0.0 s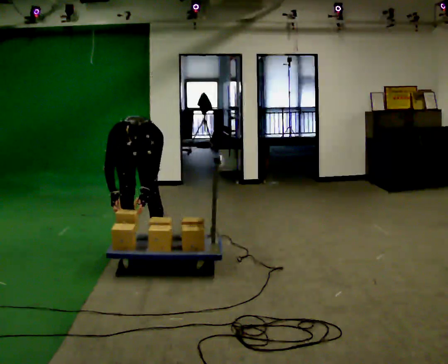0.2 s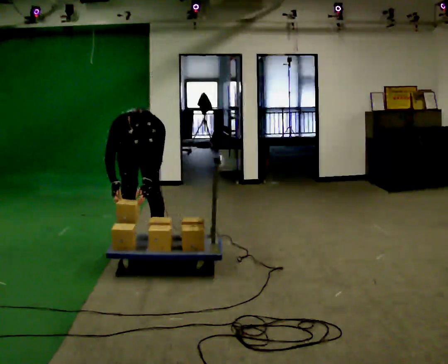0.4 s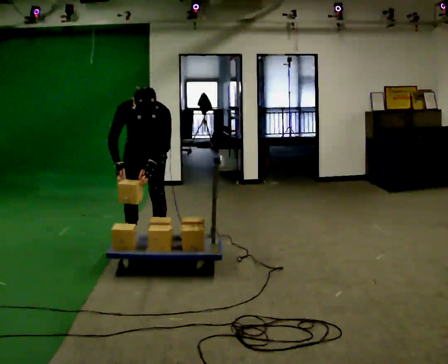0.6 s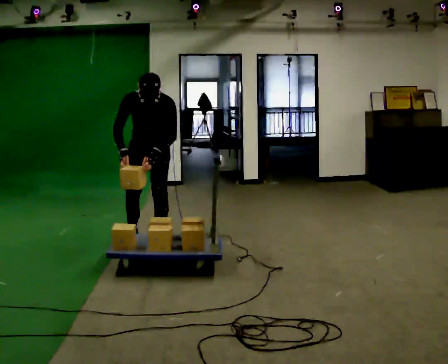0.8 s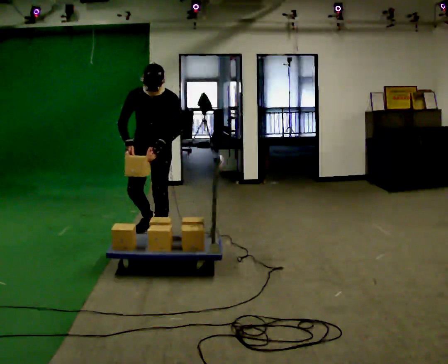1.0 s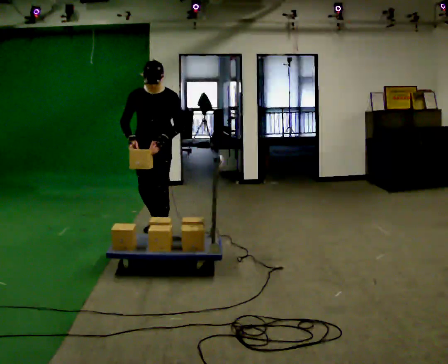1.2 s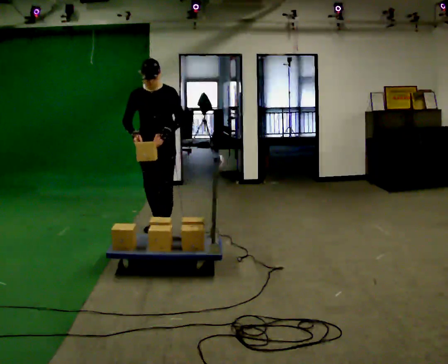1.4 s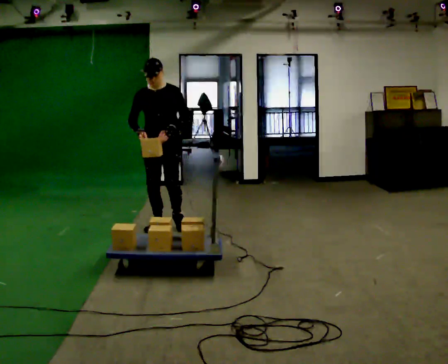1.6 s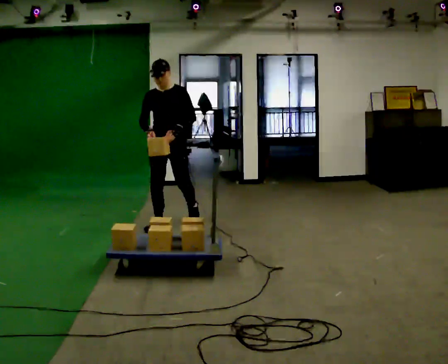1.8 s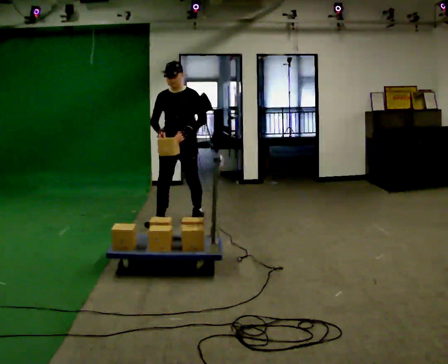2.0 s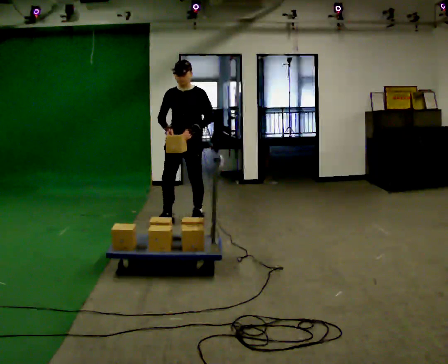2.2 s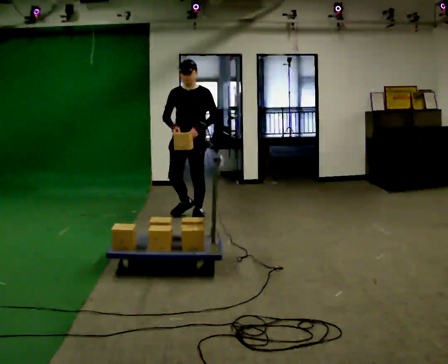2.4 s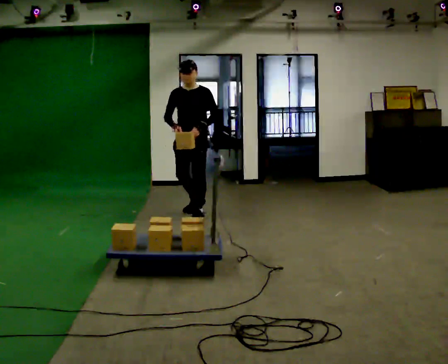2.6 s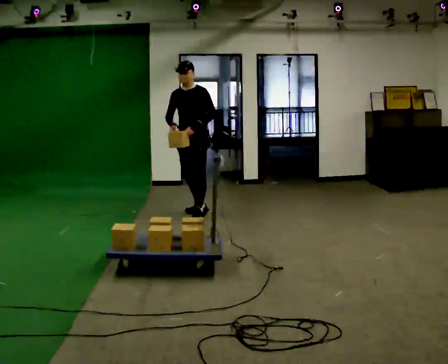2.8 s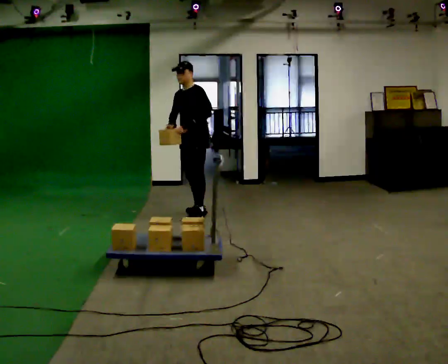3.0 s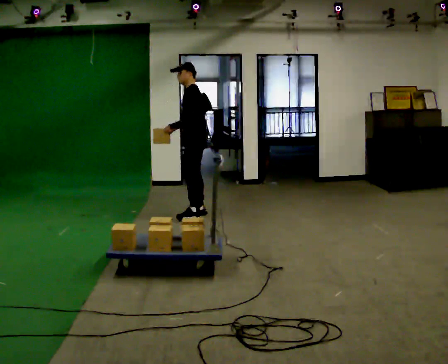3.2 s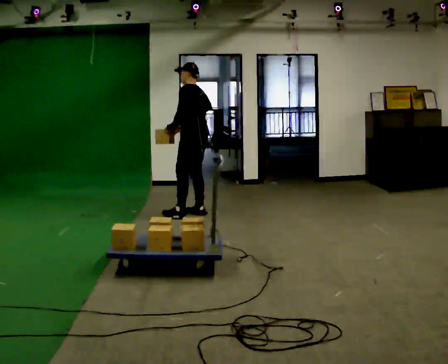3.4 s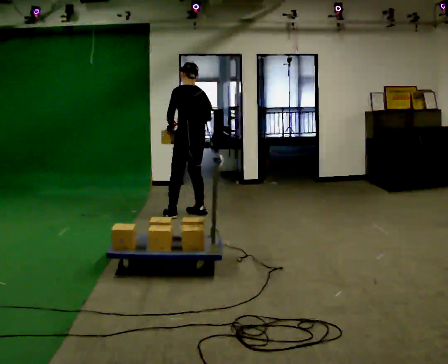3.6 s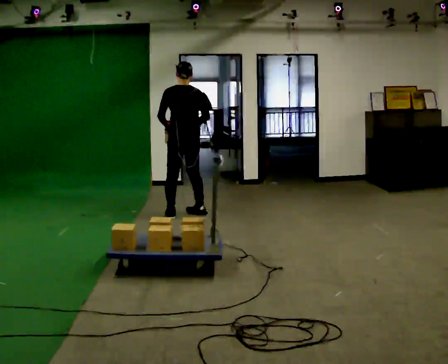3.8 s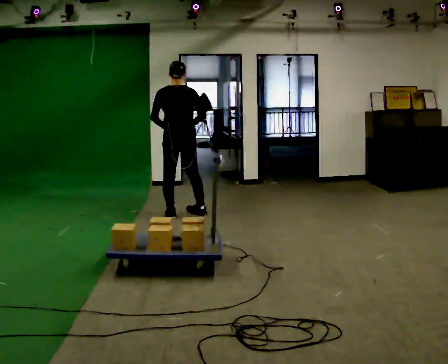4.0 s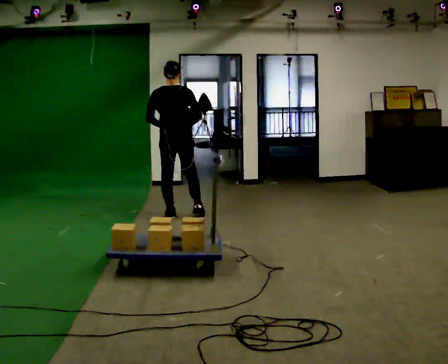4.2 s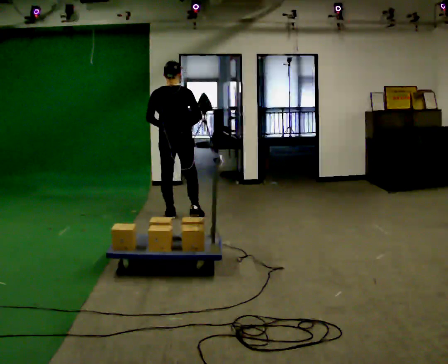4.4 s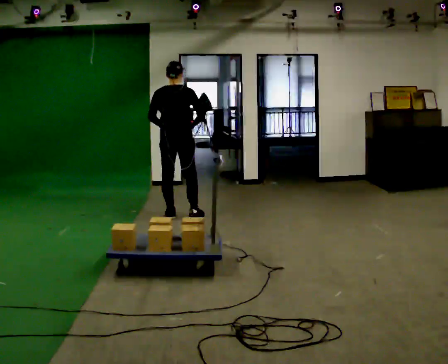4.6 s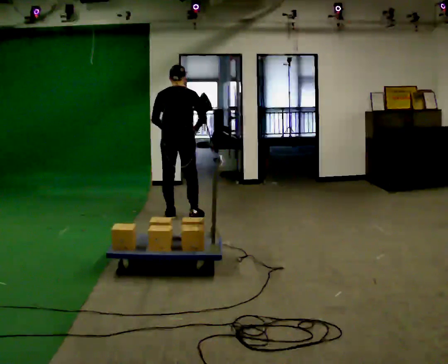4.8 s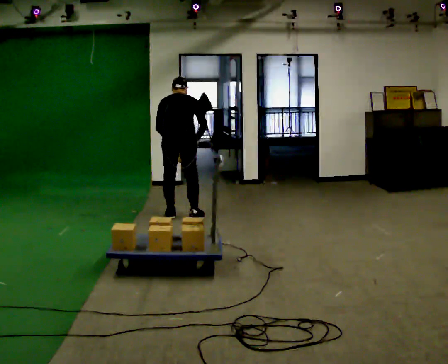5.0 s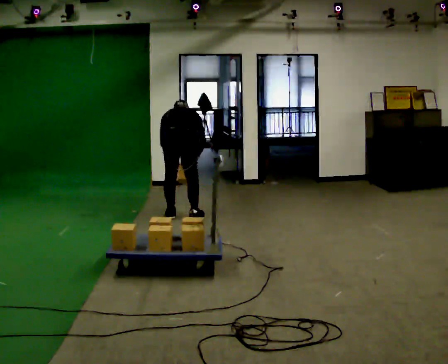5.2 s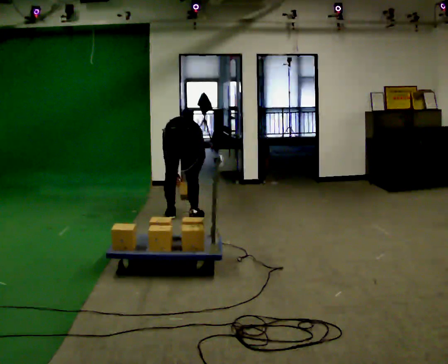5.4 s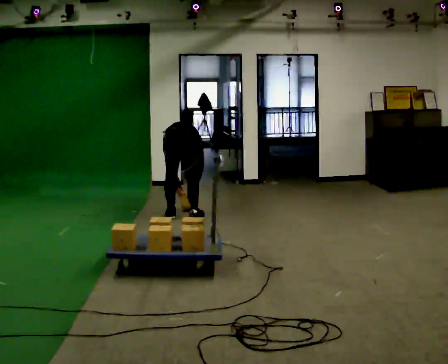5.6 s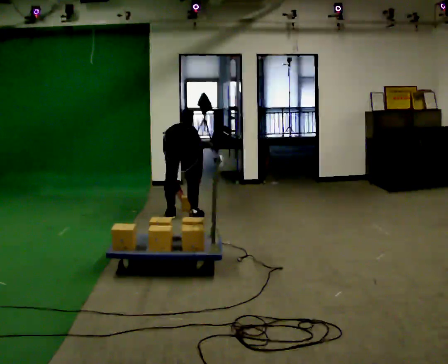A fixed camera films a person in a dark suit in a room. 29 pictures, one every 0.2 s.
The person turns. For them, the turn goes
to their right.
The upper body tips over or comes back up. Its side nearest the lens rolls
upward.
0.0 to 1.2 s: In the picture they go away from the camera and to the right, about 0.25 m in 2 steps, which for them is backward. The shoulders move upward. The upper body tips away from the camera, its near side rolling upward, as they lean back or straighten. In the picture their left hand goes upward.
1.2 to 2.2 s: In the picture they go away from the camera and to the right, about 0.75 m in 1 step, which for them is backward.
2.2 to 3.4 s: The part of the body nearest the lens slides to the left as the person turns to their right by about 120 degrees. In the picture they go away from the camera, about 0.25 m in 1 step.
3.4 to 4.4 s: Seen from above the body turns clockwise, about 45 degrees: to their right, with its near side sliding to the left. In the picture they go to the left, about 0.25 m in 1 step, which for them is to their left.
4.4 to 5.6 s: In the picture they go toward the camera, about 0.25 m, which for them is backward. The upper body goes downward. The upper body tips away from the camera, its near side rolling upward, as they bend forward. In the picture their left hand goes downward.
The film runs backward here.
